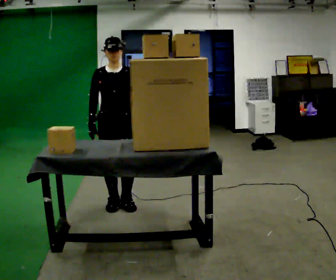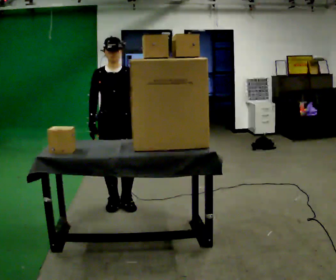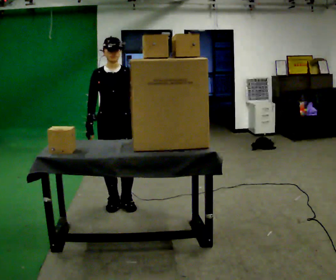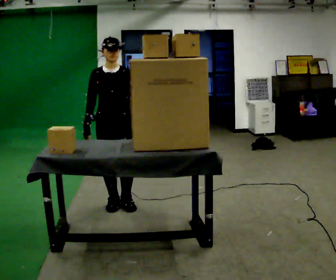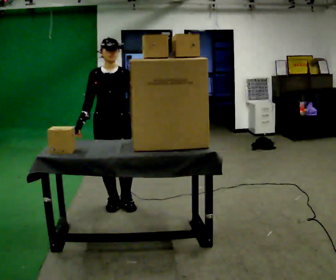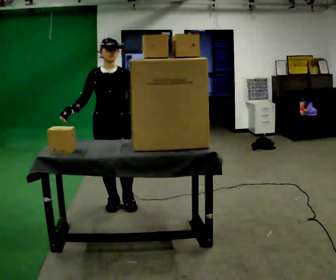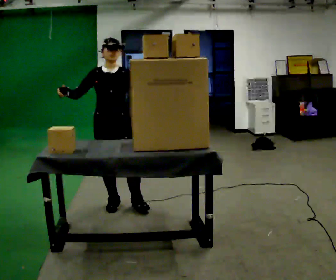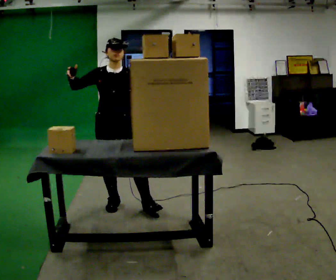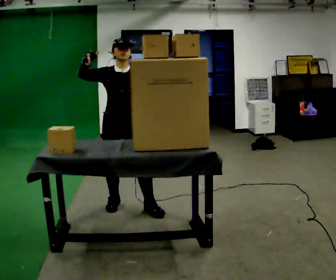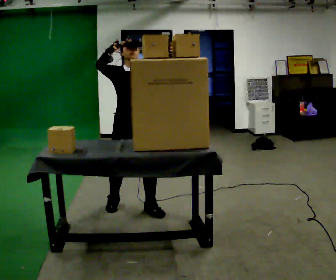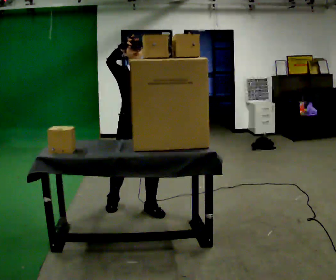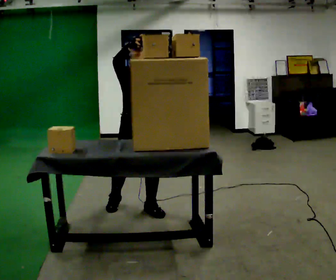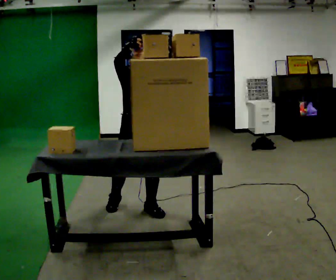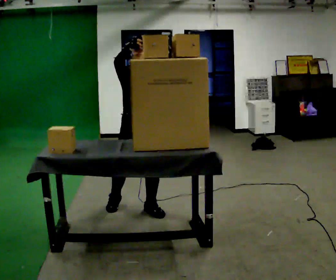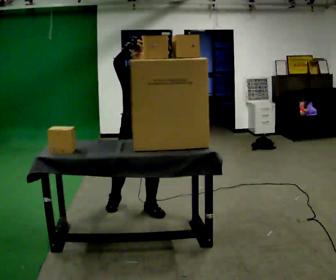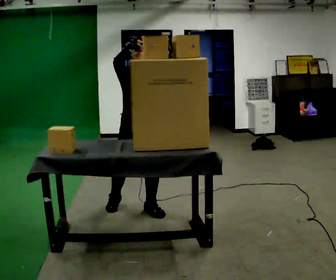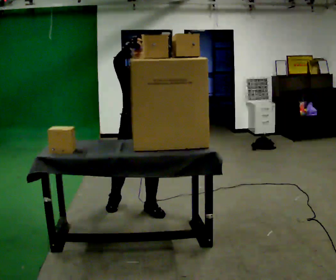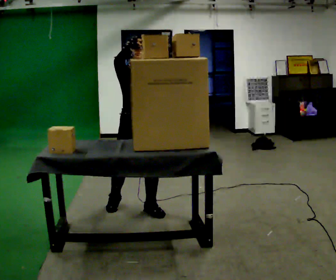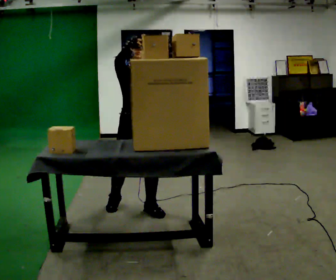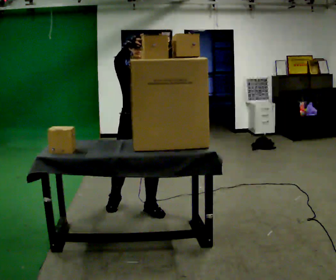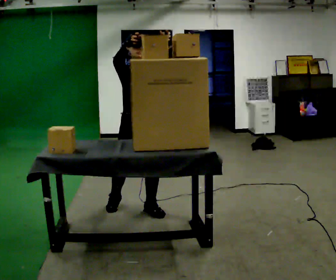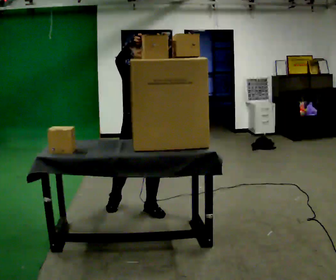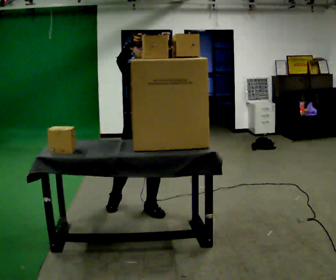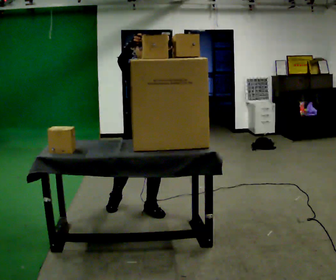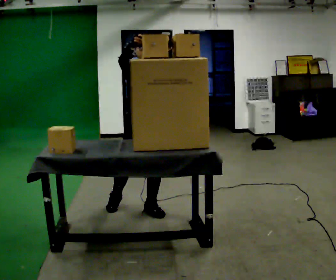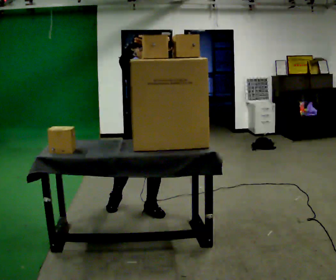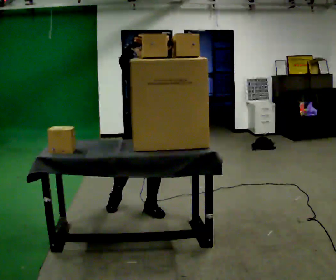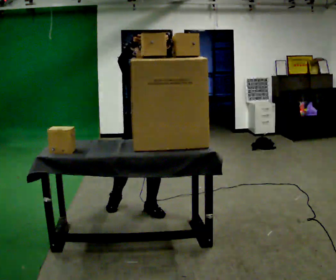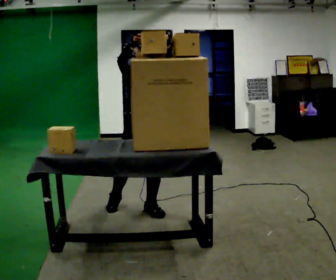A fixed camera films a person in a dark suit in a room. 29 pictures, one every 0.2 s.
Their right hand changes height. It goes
upward.
Their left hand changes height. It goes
upward.
0.0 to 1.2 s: The person moves a little, or ends about where they began.
1.2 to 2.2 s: In the picture they go to the right, about 0.25 m, which for them is to their left. In the picture their left hand goes upward, the arm swinging counterclockwise.
2.2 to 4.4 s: The person moves a little, or ends about where they began.
4.4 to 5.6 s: The person keeps their place and pose.
The film runs backward here.
